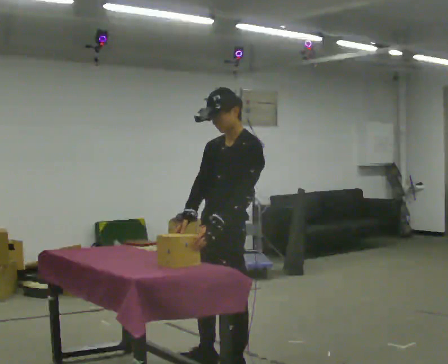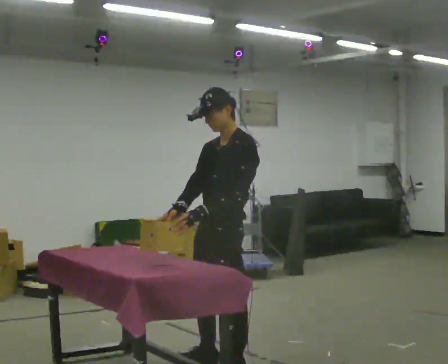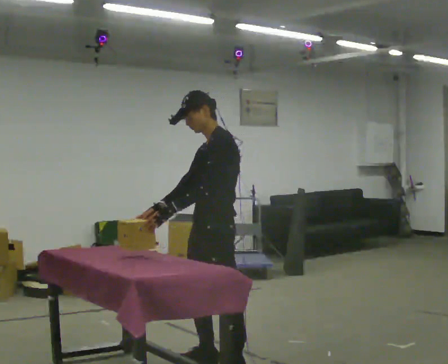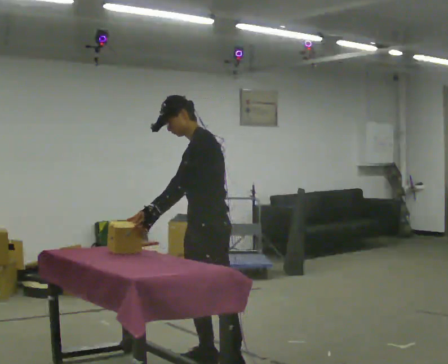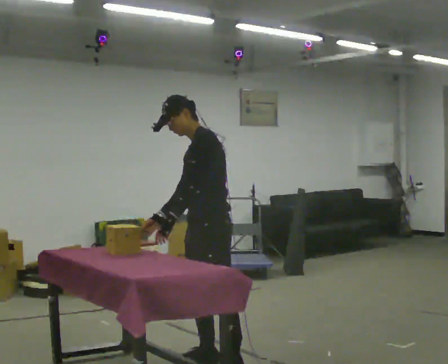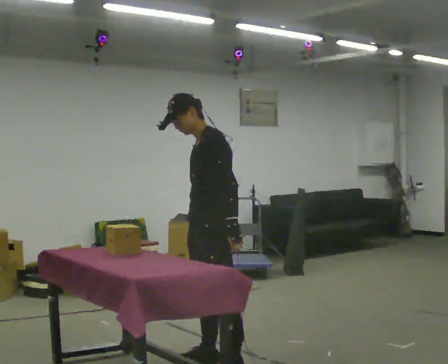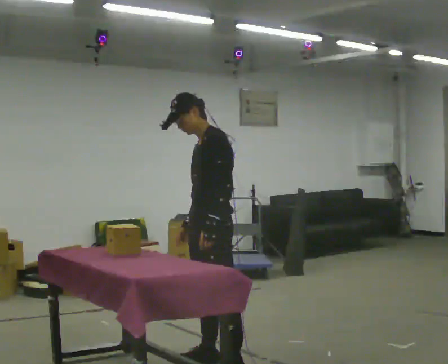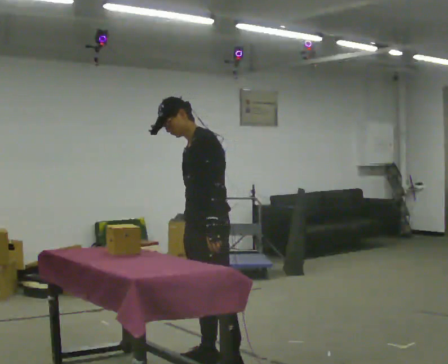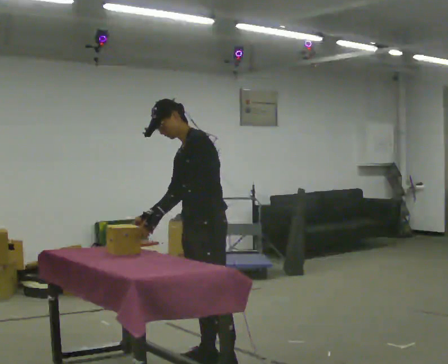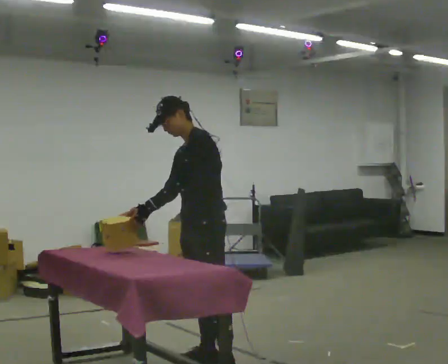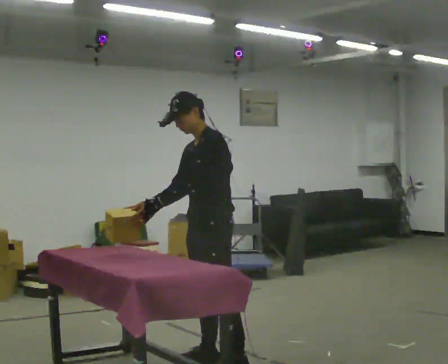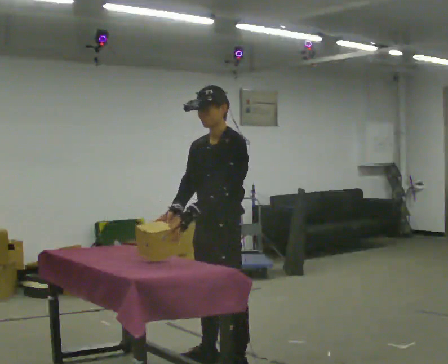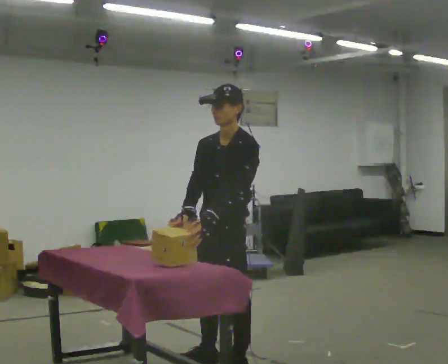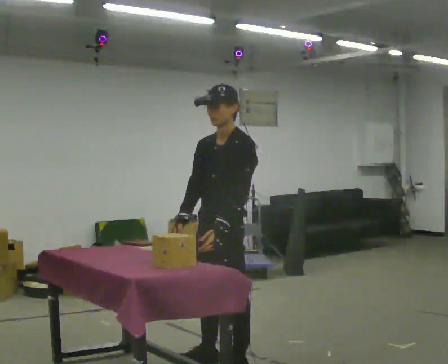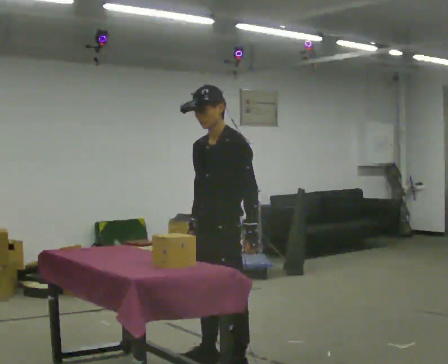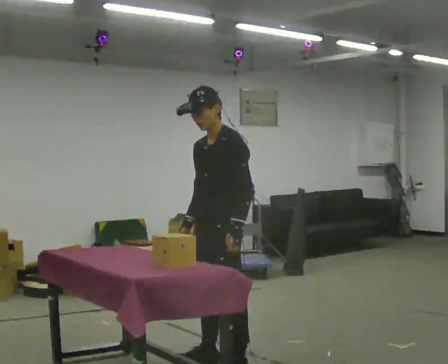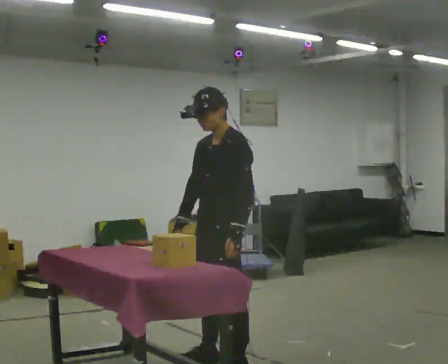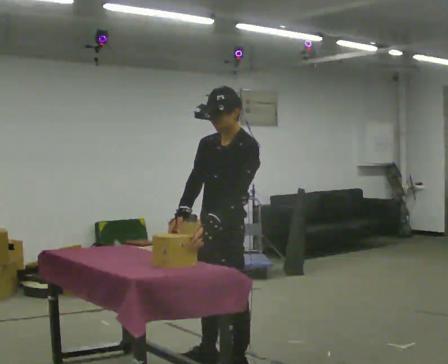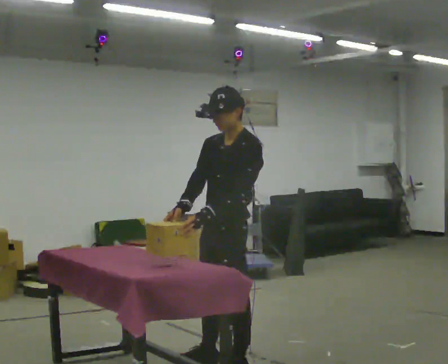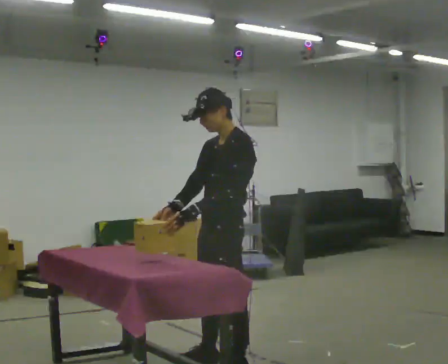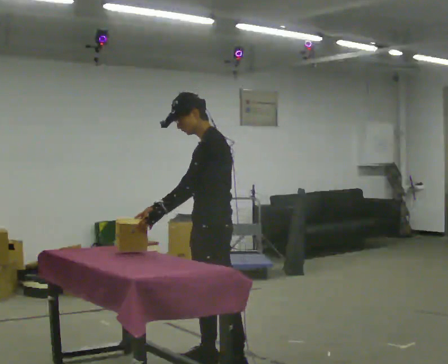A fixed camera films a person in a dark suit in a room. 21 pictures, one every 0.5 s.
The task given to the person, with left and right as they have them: Lift the heavy object with both hands and set it down again in a different spot on the same surface. Repeat at your own pace until the operator says stop. Keep both feet on the marked spots for the whole take. If you have to step, stop and tell the operator.
0.0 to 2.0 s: In the picture they go away from the camera, about 0.25 m, which for them is to their right. In the picture the upper body tilts counterclockwise, shoulders to the left.
2.0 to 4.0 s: The person moves a little, or ends about where they began.
4.0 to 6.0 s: In the picture they go toward the camera, about 0.25 m, which for them is to their left. In the picture the upper body tilts clockwise, shoulders to the right.
6.0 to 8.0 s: The person moves a little, or ends about where they began.
8.0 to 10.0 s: In the picture their left hand goes to the left.
The film runs forward here.
